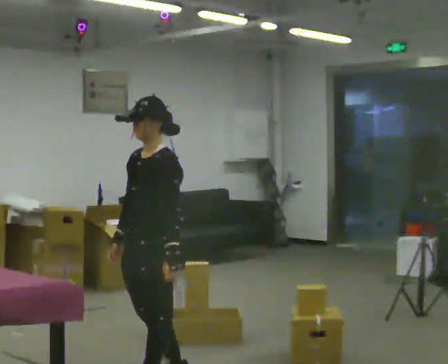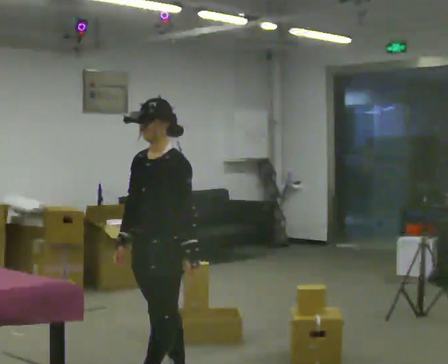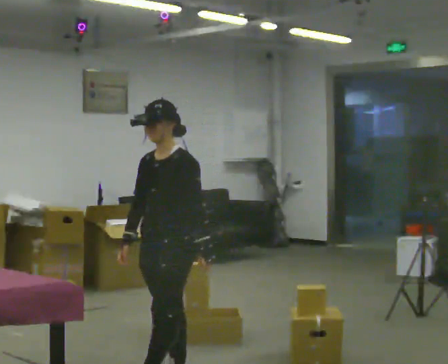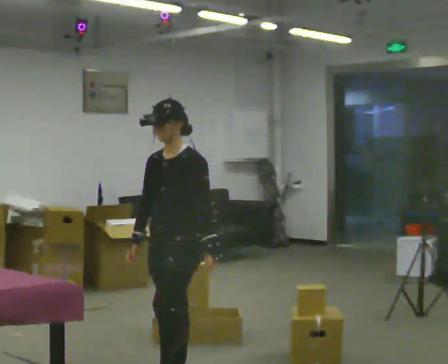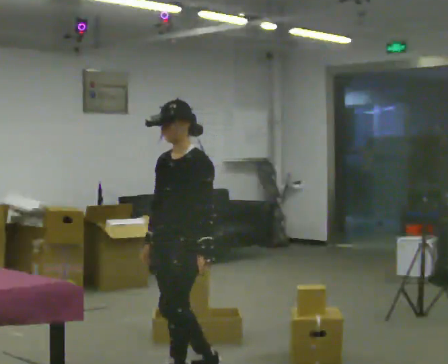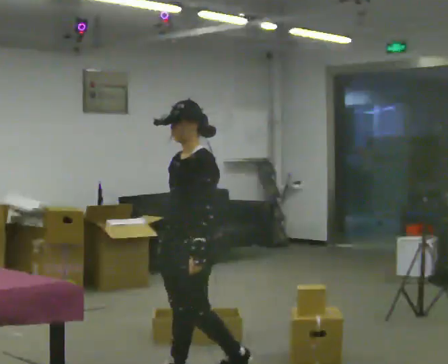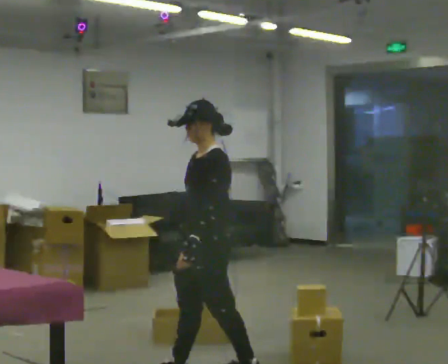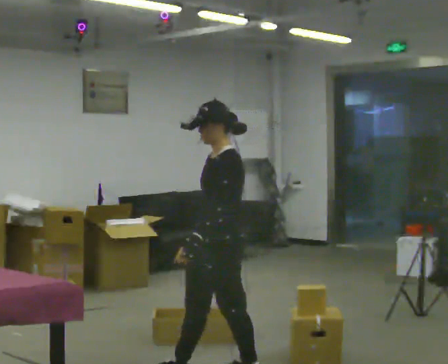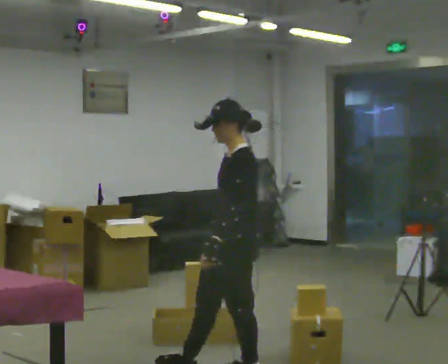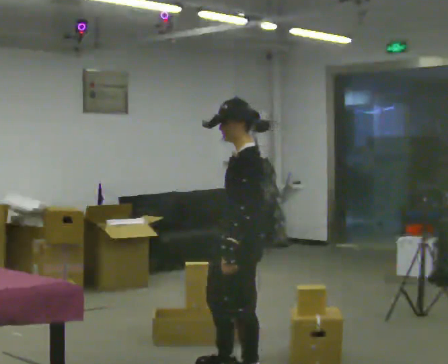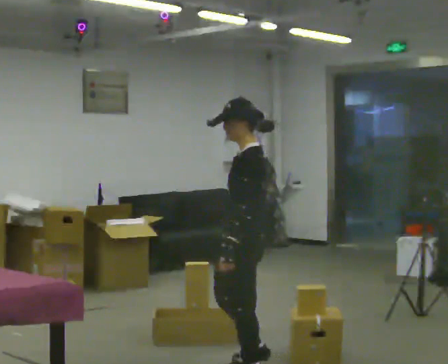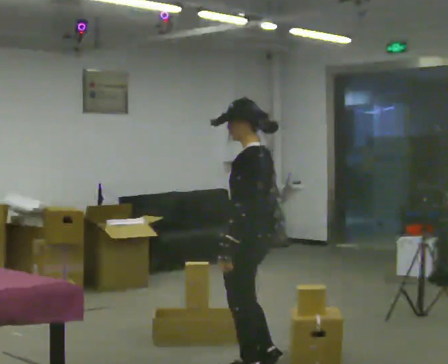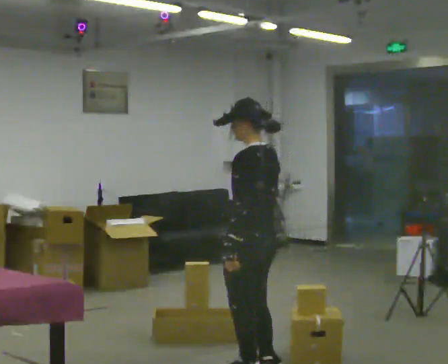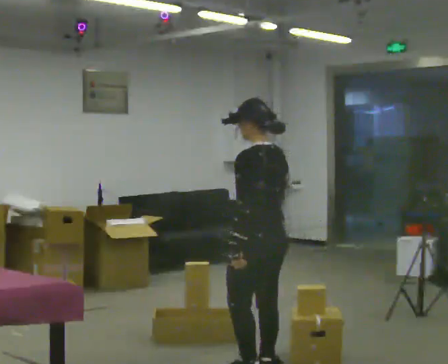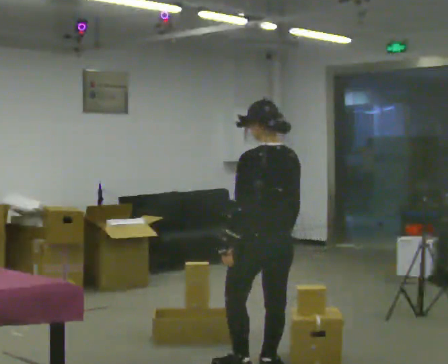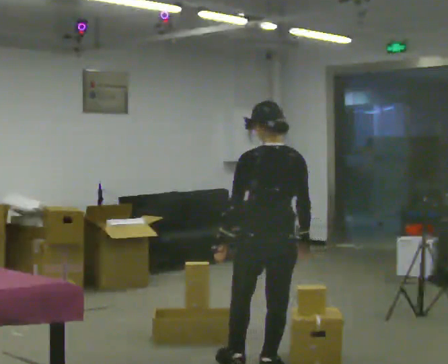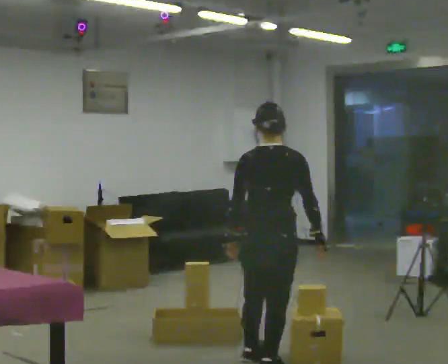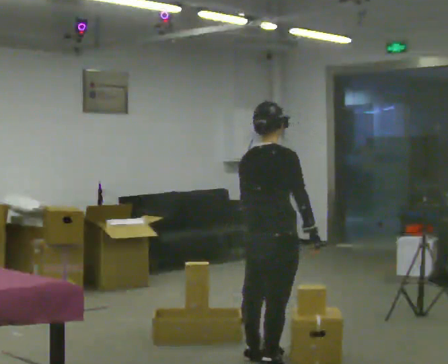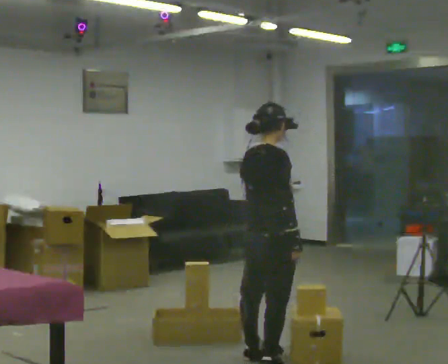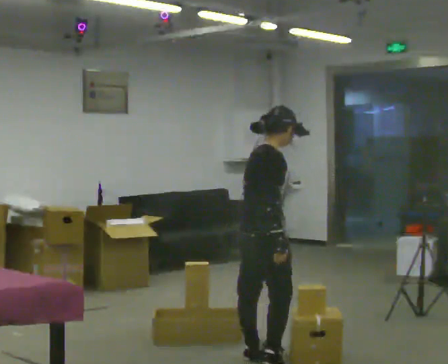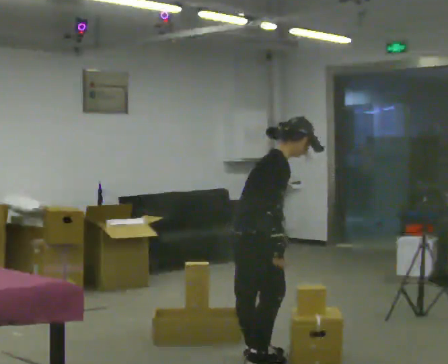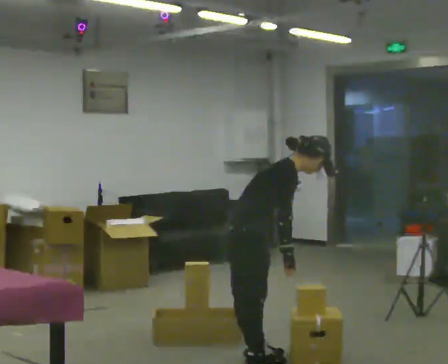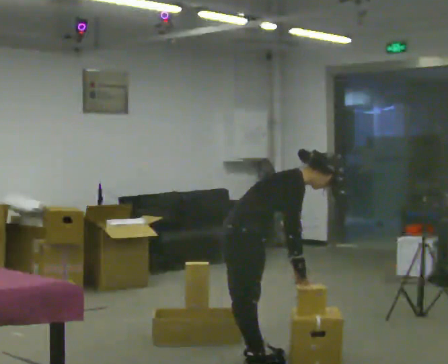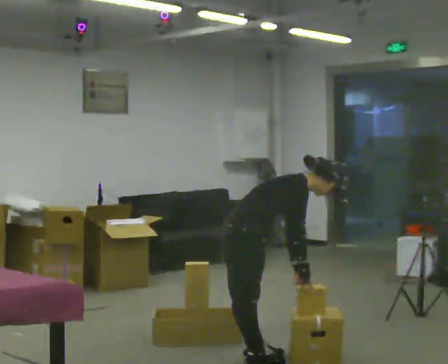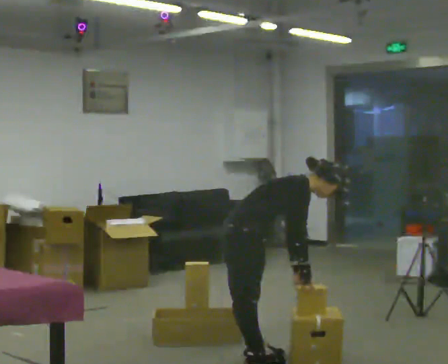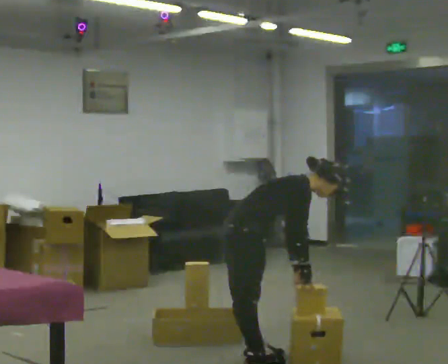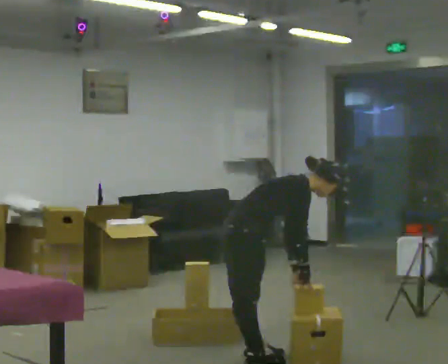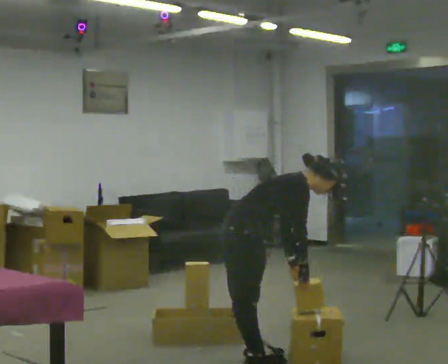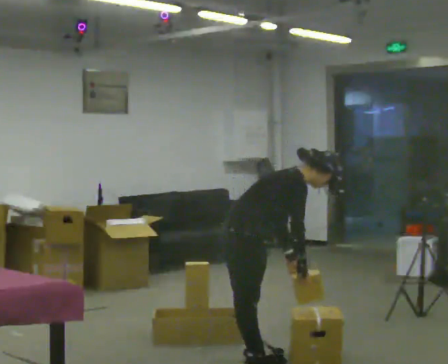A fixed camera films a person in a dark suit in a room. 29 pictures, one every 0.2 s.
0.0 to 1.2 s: In the picture they go to the right and away from the camera, about 0.25 m in 1 step, which for them is backward.
1.2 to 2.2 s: The person turns about 45 degrees to their right, clockwise seen from above, so the part of the body nearest the lens slides to the left. In the picture they go to the right, about 0.25 m in 1 step, which for them is backward.
2.2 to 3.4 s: The person turns about 105 degrees to their right, clockwise seen from above, so the part of the body nearest the lens slides to the left. In the picture they go away from the camera, about 0.25 m in 1 step. In the picture their right hand goes to the right.
3.4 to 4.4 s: The person turns about 45 degrees to their right, clockwise seen from above, so the part of the body nearest the lens slides to the left. In the picture they go to the left and away from the camera, about 0.25 m, which for them is to their left and backward. In the picture the upper body tilts clockwise, shoulders to the right, as they bend forward.
4.4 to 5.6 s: The person moves a little, or ends about where they began.
The film runs backward here.
